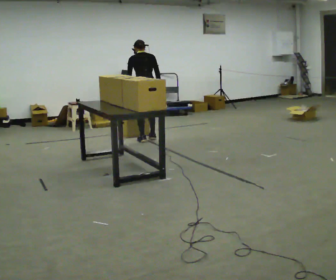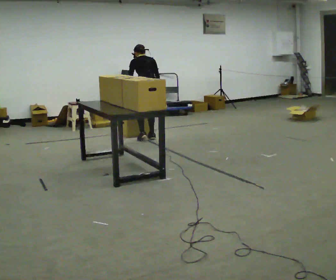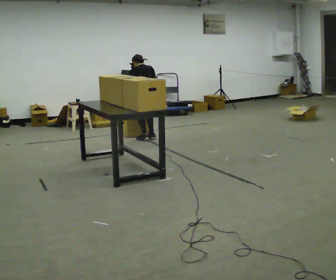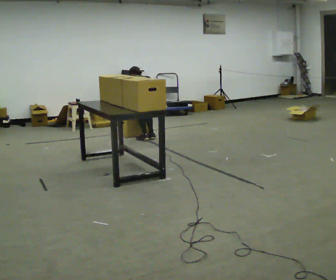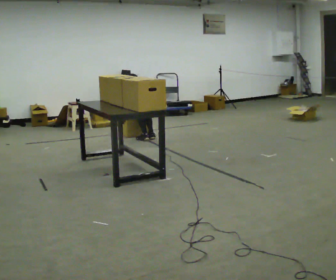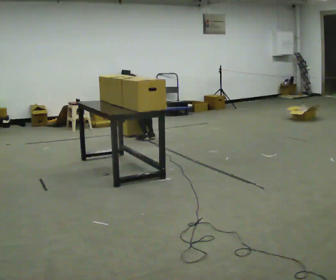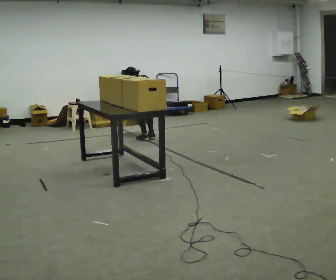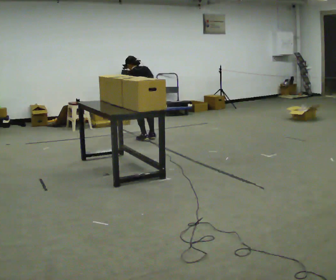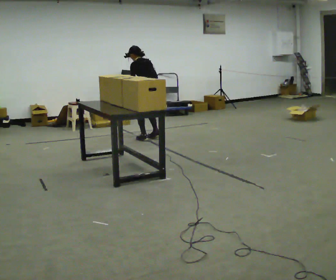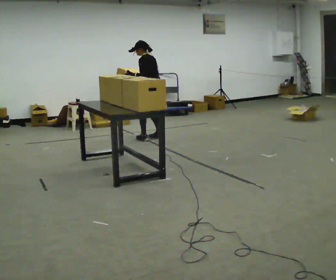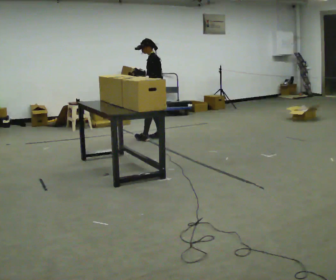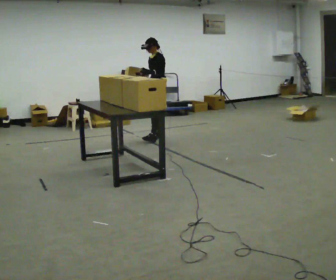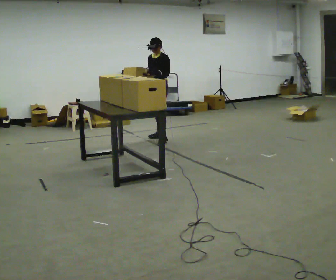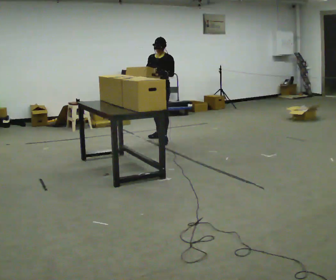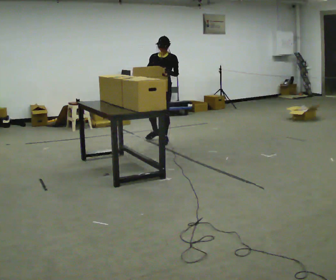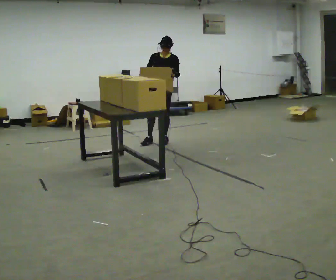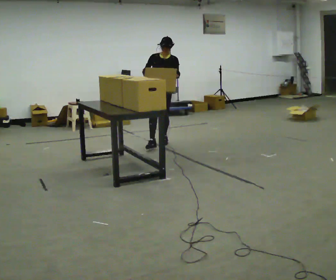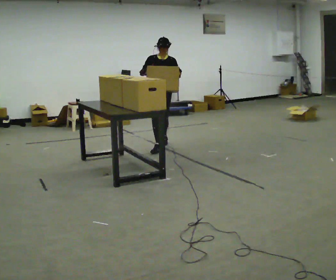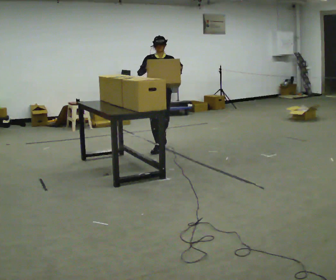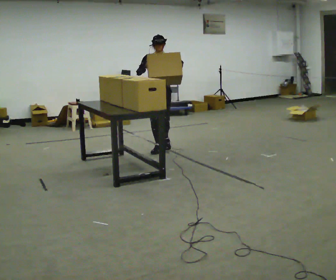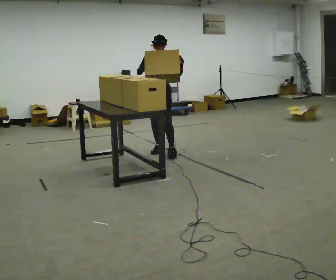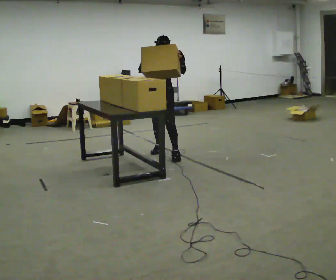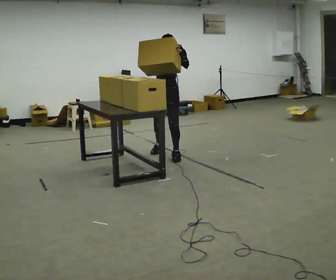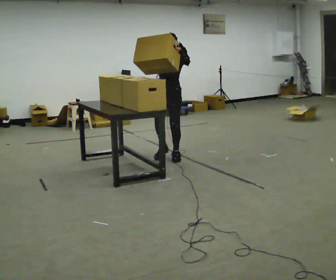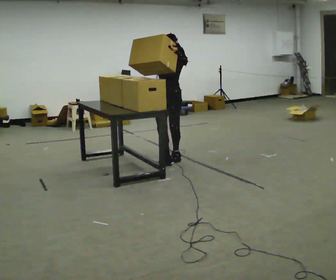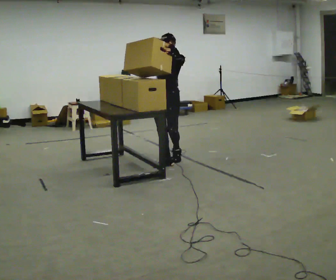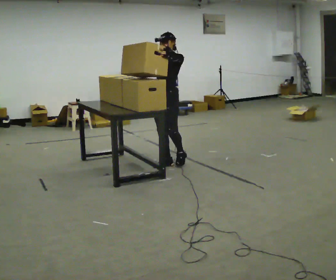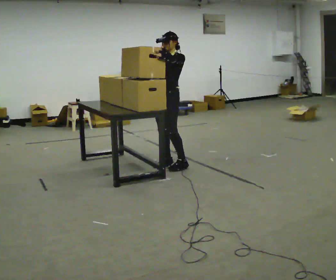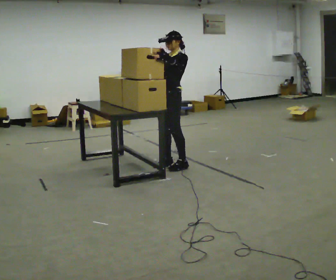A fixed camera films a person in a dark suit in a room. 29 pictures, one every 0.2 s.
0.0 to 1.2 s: The person turns about 30 degrees to their left, counterclockwise seen from above, so the part of the body nearest the lens slides to the right. In the picture the upper body tilts counterclockwise, shoulders to the left, as they bend forward.
1.2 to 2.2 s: Seen from above the body turns counterclockwise, about 75 degrees: to their left, with its near side sliding to the right. The shoulders move upward. In the picture the upper body tilts clockwise, shoulders to the right, as they lean back or straighten. In the picture their right hand goes upward.
2.2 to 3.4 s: The person turns about 75 degrees to their left, counterclockwise seen from above, so the part of the body nearest the lens slides to the right. In the picture they go toward the camera, about 0.5 m in 2 steps.
3.4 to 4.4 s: In the picture they go toward the camera, about 0.5 m in 1 step, which for them is forward.
4.4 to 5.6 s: The part of the body nearest the lens slides to the left as the person turns to their right by about 45 degrees. In the picture they go toward the camera, about 0.5 m in 2 steps, which for them is forward and to their left.
The film runs forward here.
